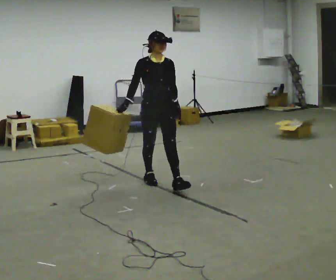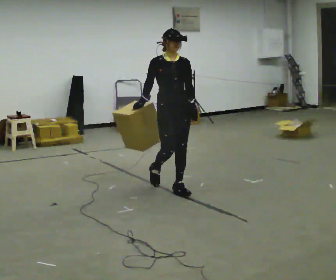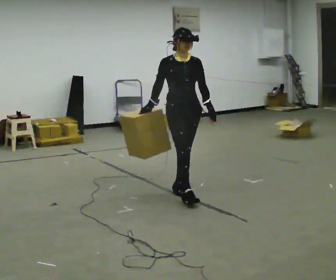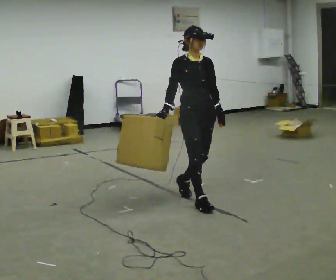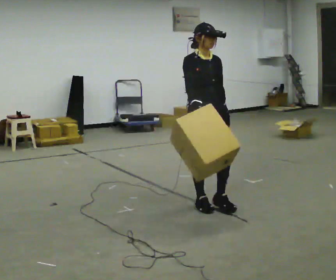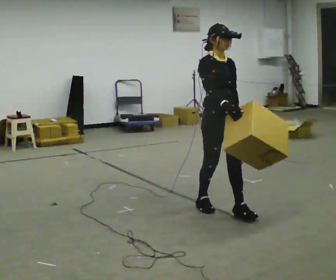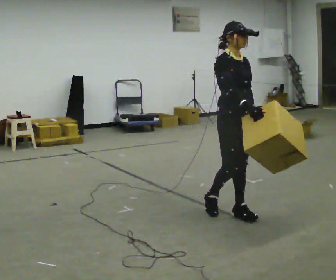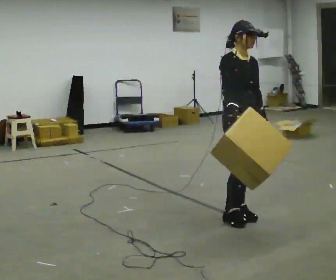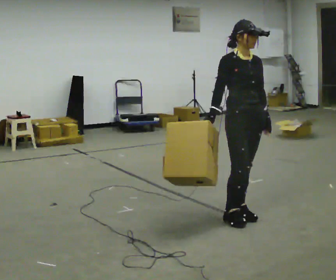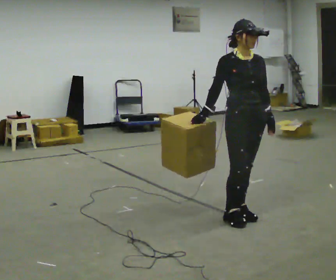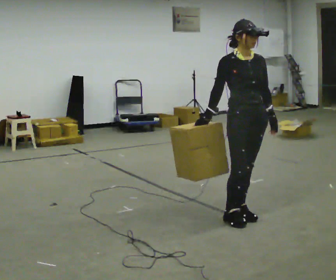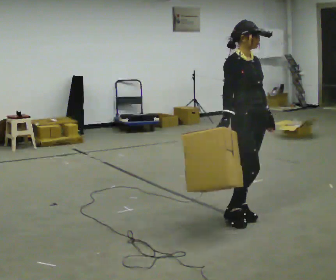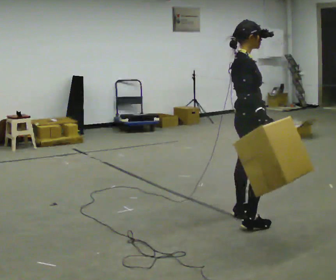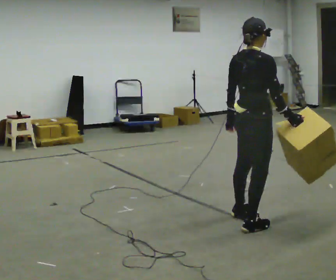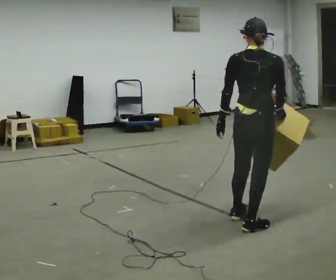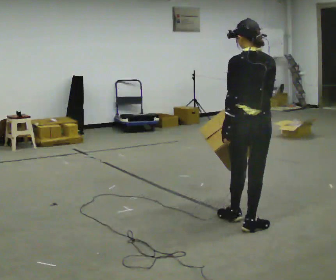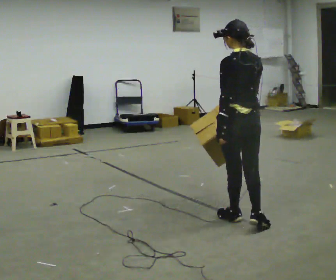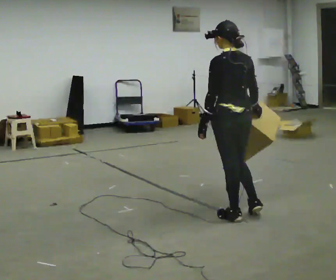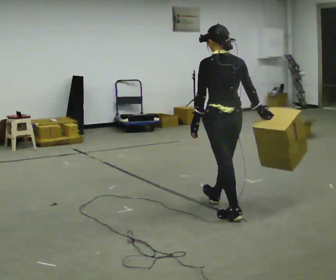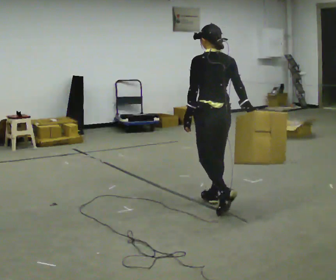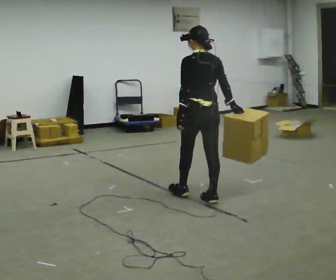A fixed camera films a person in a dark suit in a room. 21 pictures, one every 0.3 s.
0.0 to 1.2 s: In the picture they go toward the camera and to the right, about 1 m in 2 steps, which for them is forward.
1.2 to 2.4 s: In the picture they go to the right and toward the camera, about 0.5 m in 2 steps, which for them is forward.
2.4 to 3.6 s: The person turns about 45 degrees to their left, counterclockwise seen from above, so the part of the body nearest the lens slides to the right. In the picture their right hand goes to the right, the arm swinging counterclockwise.
3.6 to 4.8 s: The person turns about 120 degrees to their left, counterclockwise seen from above, so the part of the body nearest the lens slides to the right.
4.8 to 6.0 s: In the picture they go away from the camera and to the left, about 0.75 m in 1 step, which for them is forward.
The film runs forward here.
